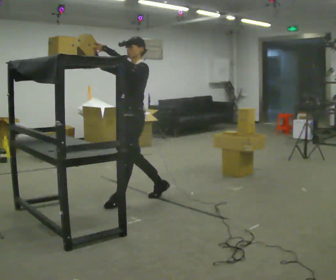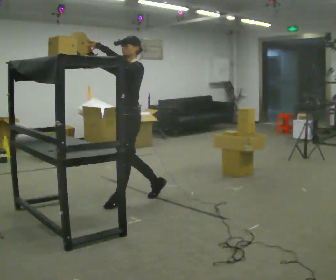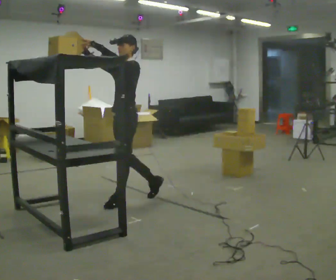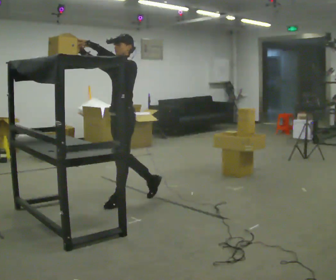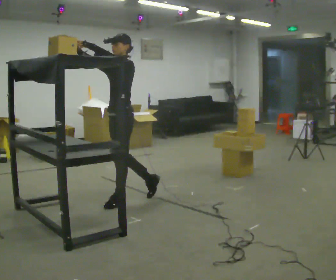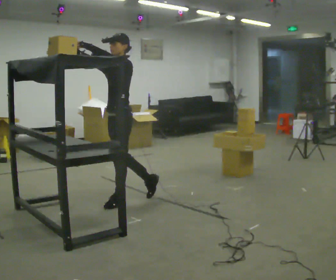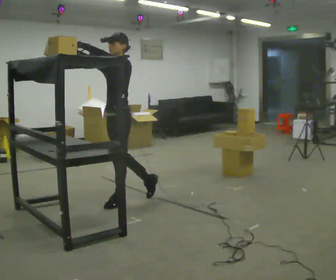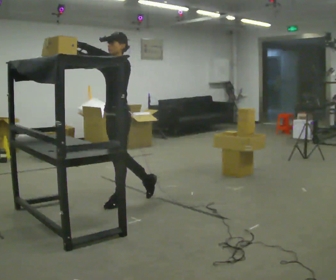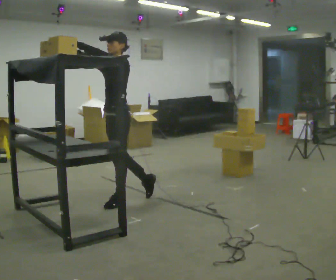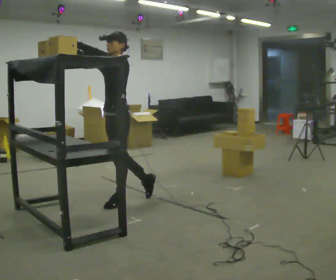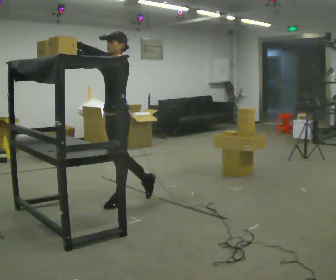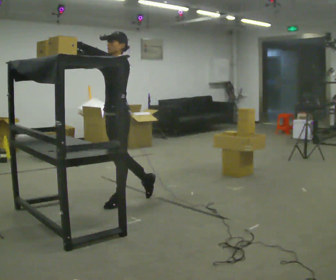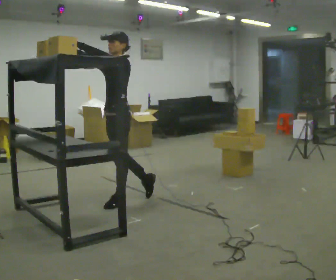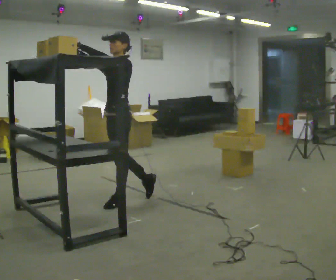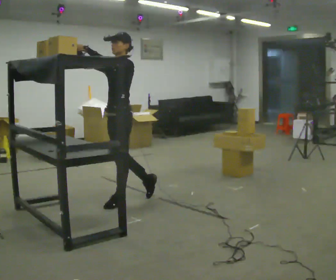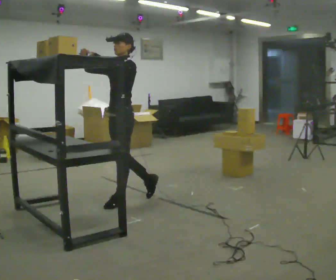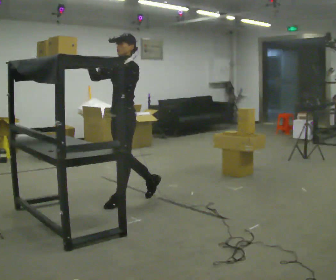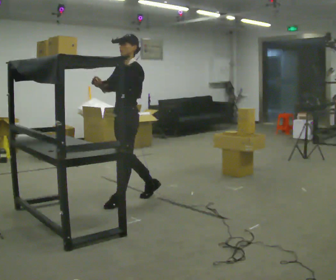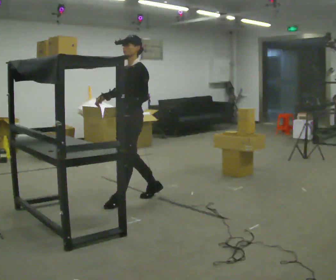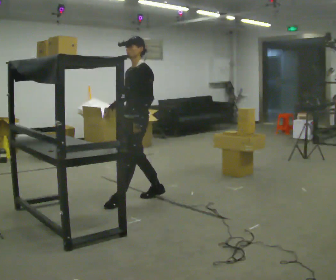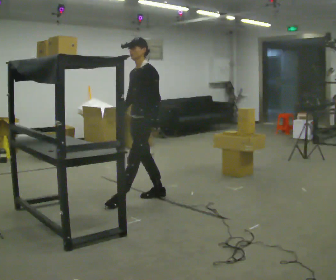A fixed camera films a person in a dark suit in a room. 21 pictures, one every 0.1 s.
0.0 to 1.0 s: The person moves a little, or ends about where they began.
1.0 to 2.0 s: In the picture they go to the right and away from the camera, about 0.25 m, which for them is backward. In the picture their left hand goes downward.
The film runs forward here.
